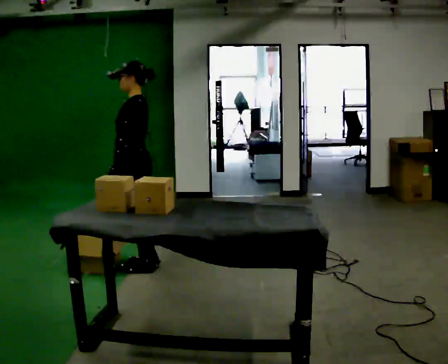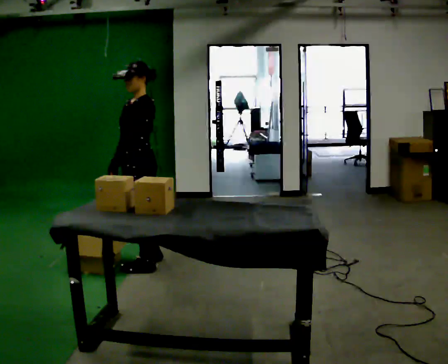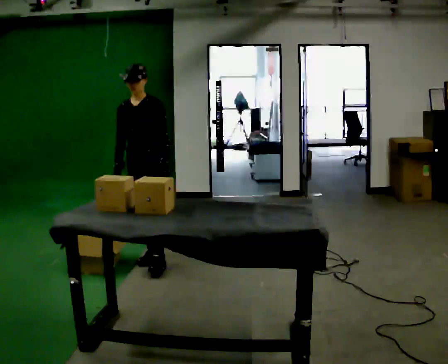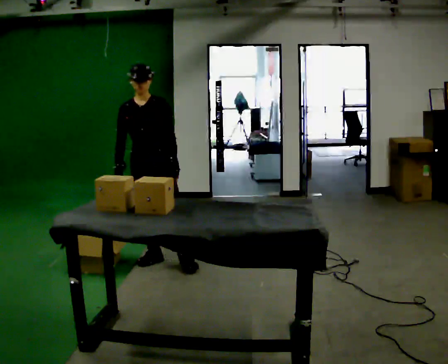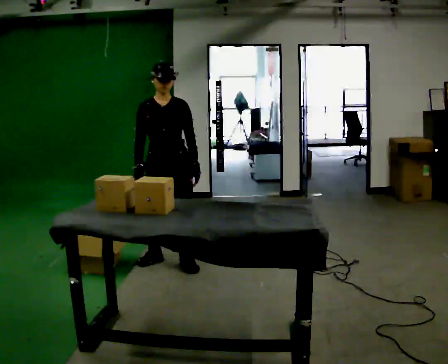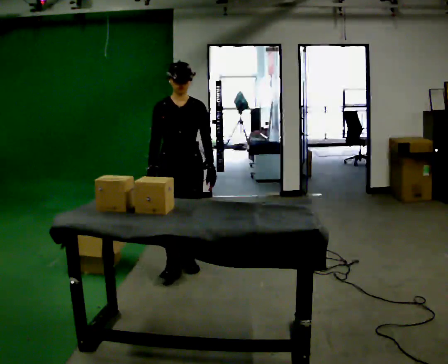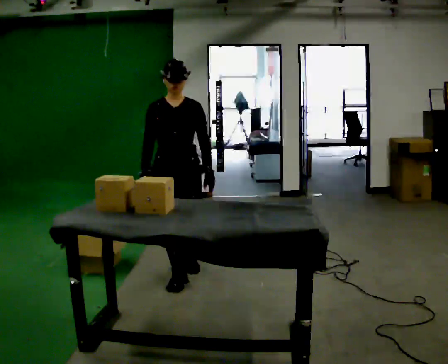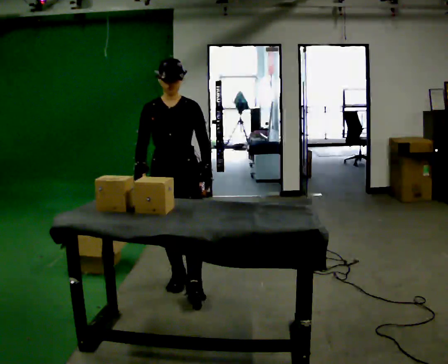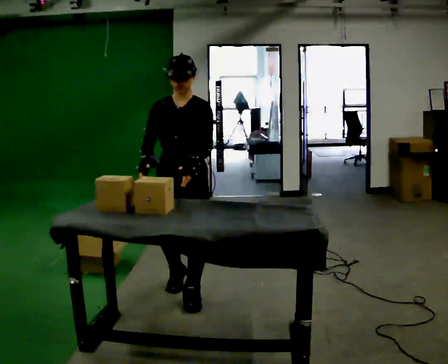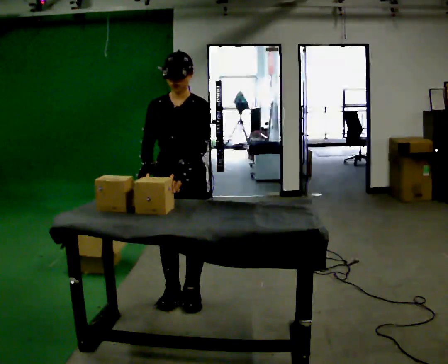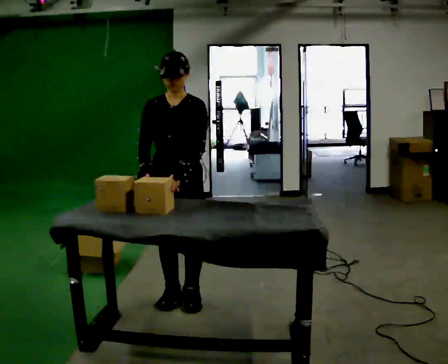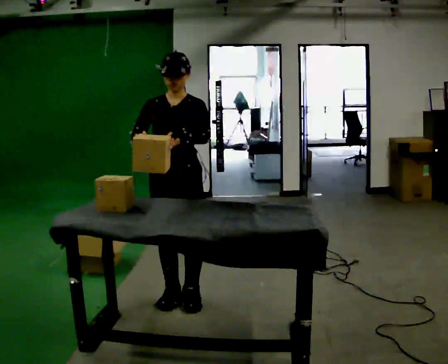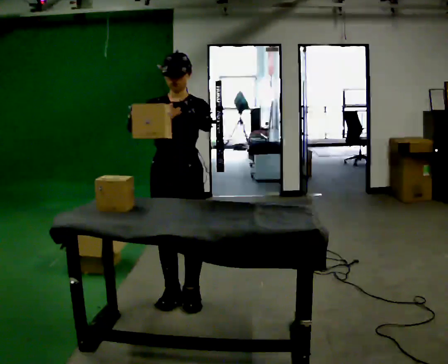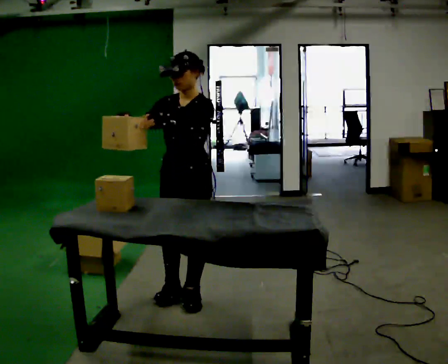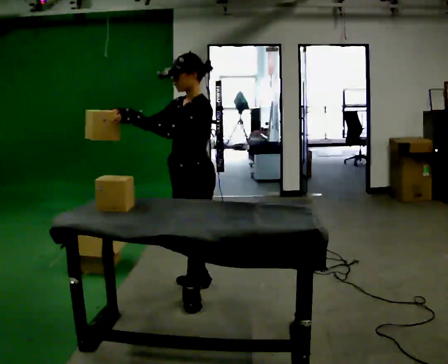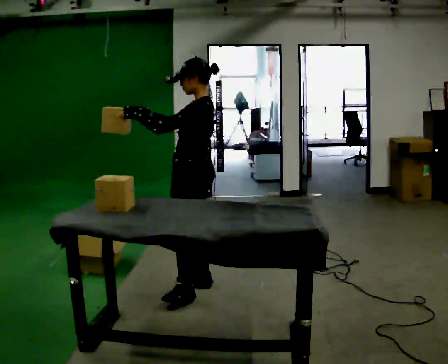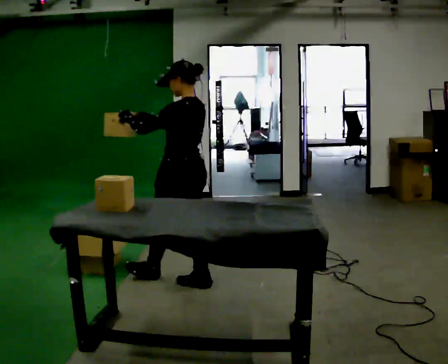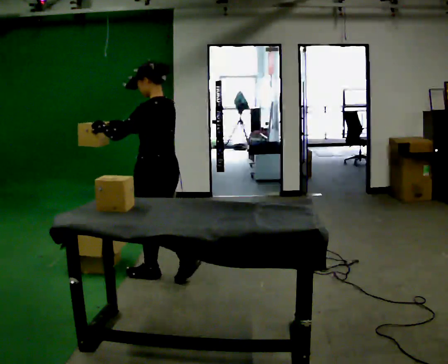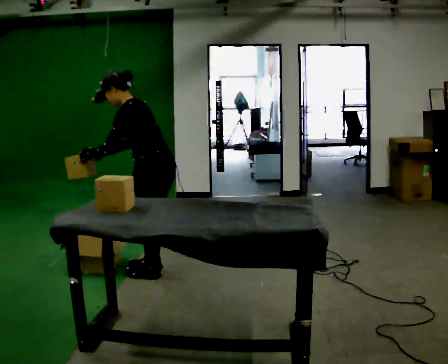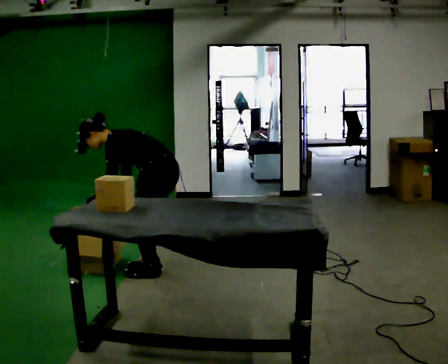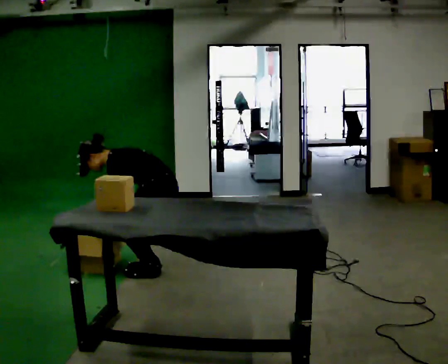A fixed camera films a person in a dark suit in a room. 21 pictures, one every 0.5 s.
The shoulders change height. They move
downward.
0.0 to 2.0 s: The person turns about 90 degrees to their left, counterclockwise seen from above, so the part of the body nearest the lens slides to the right. In the picture they go to the right, about 0.25 m in 2 steps. In the picture their left hand goes to the right, the arm swinging counterclockwise.
2.0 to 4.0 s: In the picture they go toward the camera, about 0.75 m in 2 steps, which for them is forward.
4.0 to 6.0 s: The person moves a little, or ends about where they began.
6.0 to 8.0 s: Seen from above the body turns clockwise, about 105 degrees: to their right, with its near side sliding to the left. In the picture they go away from the camera, about 0.25 m in 2 steps.
8.0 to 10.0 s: Seen from above the body turns counterclockwise, about 30 degrees: to their left, with its near side sliding to the right. In the picture they go away from the camera and to the left, about 0.25 m in 1 step, which for them is forward and to their right. The upper body goes downward. In the picture the upper body tilts counterclockwise, shoulders to the left, as they bend forward. In the picture their left hand goes downward, the arm swinging counterclockwise.
The film runs forward here.
